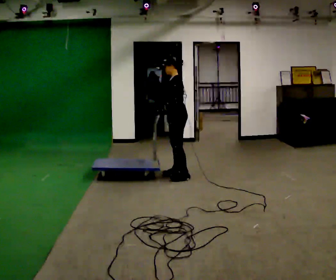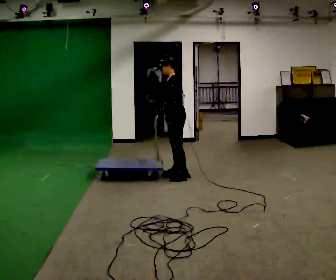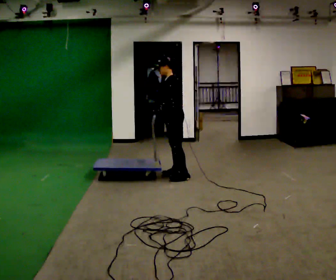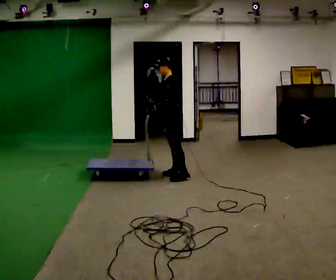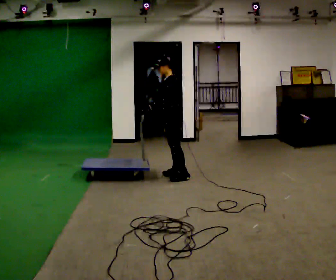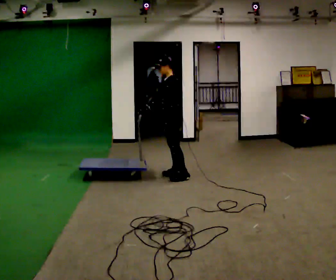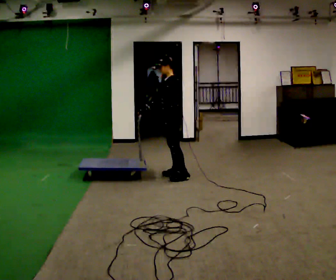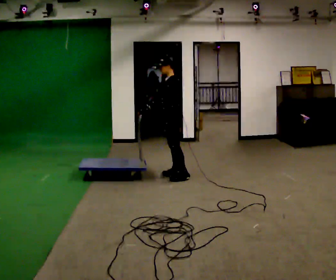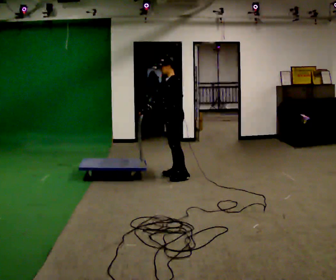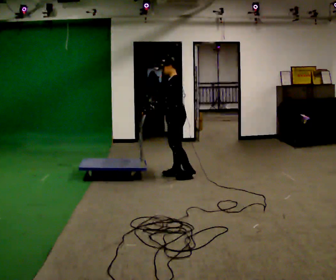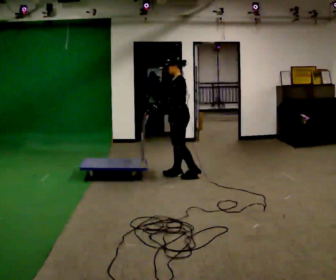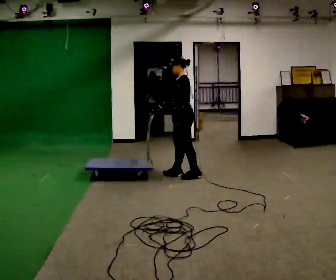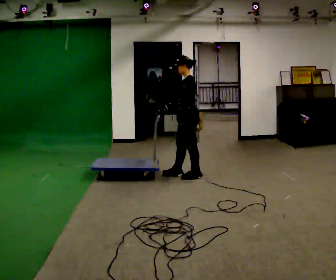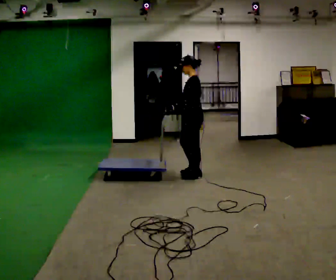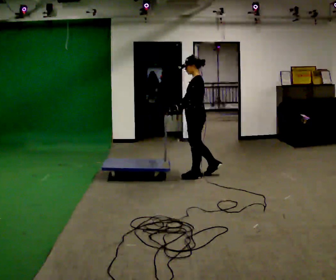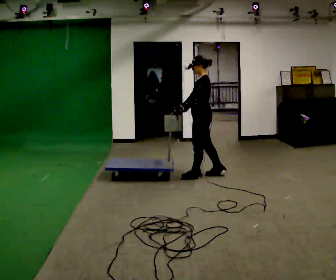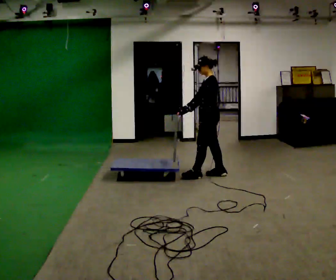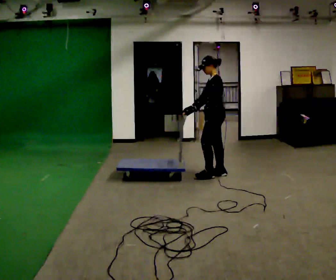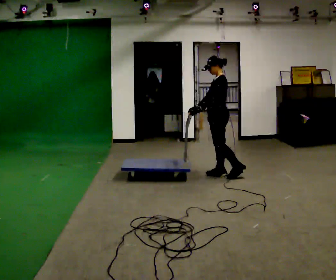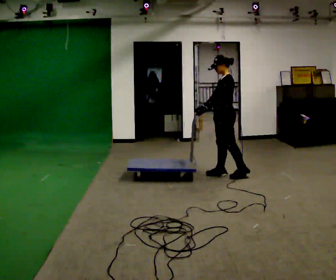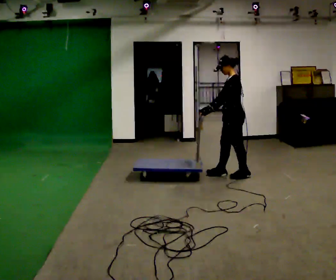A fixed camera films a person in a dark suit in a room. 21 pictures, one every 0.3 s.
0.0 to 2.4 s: The person moves a little, or ends about where they began.
2.4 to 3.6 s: In the picture they go to the right, about 0.25 m, which for them is backward and to their left.
3.6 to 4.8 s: In the picture they go to the right, about 0.25 m in 1 step, which for them is backward.
4.8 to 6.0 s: In the picture they go to the right, about 0.25 m in 1 step, which for them is backward and to their left.
The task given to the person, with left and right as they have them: Get the cart into the marked parking space and lined up with the tape. Take as many adjustments as you need. Then take it out again and repeat.
The film runs forward here.
